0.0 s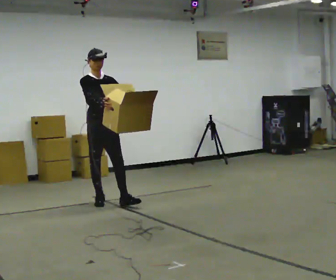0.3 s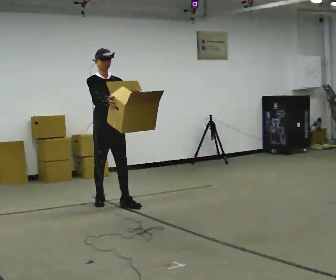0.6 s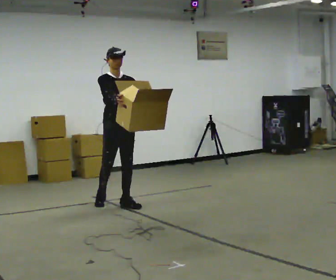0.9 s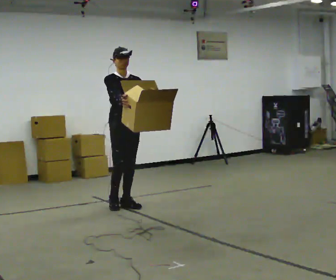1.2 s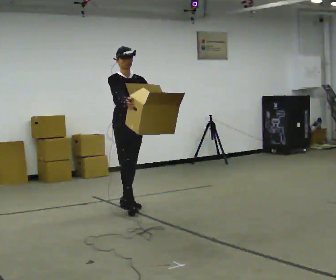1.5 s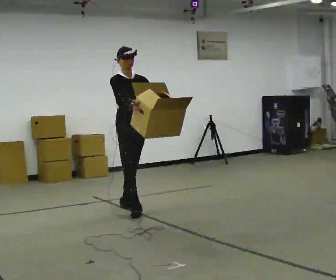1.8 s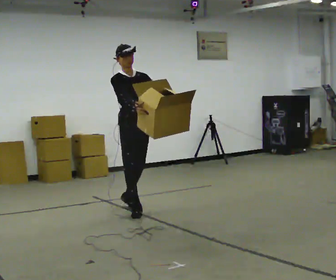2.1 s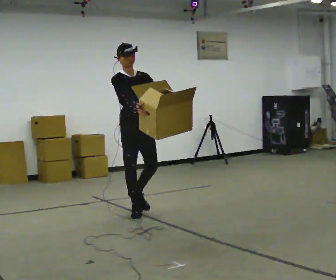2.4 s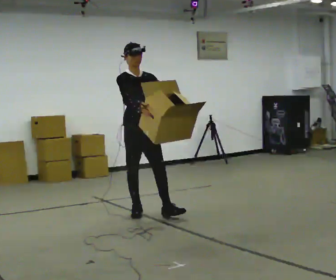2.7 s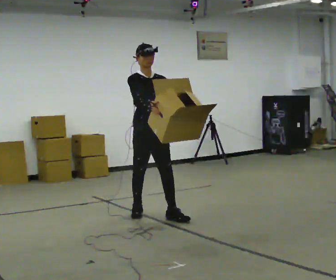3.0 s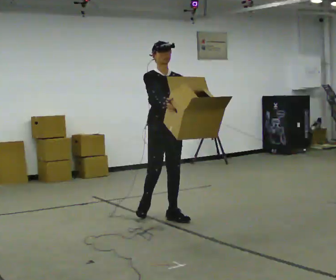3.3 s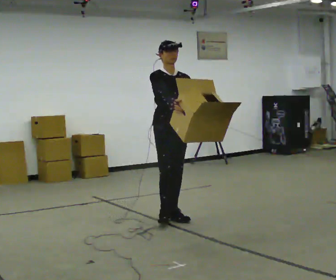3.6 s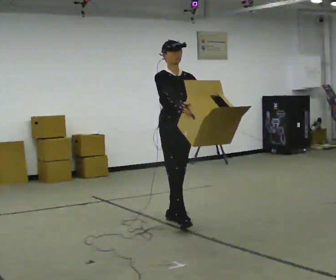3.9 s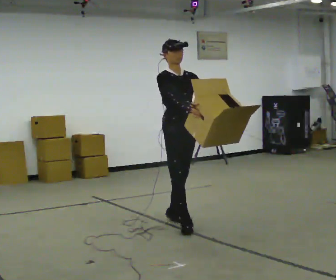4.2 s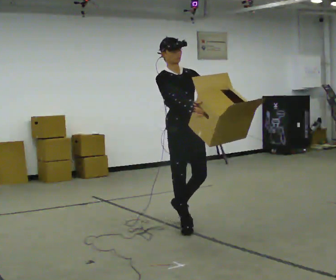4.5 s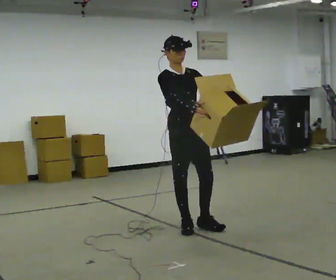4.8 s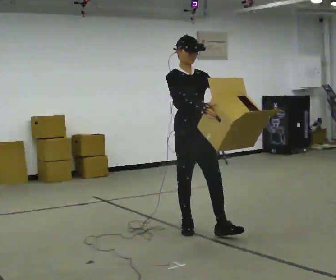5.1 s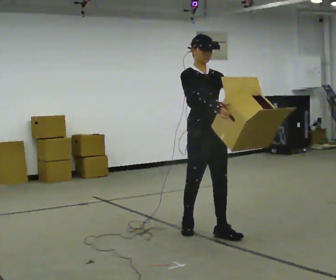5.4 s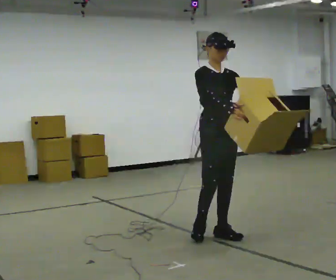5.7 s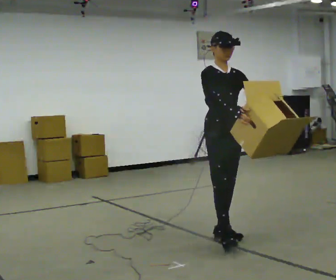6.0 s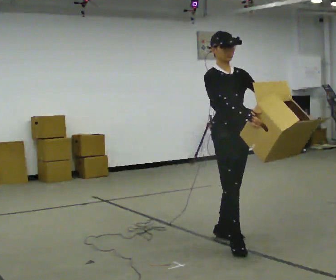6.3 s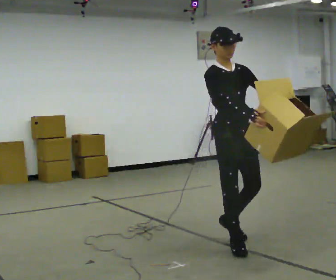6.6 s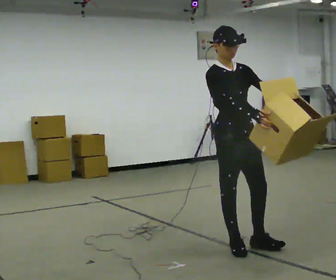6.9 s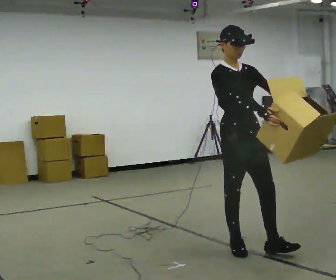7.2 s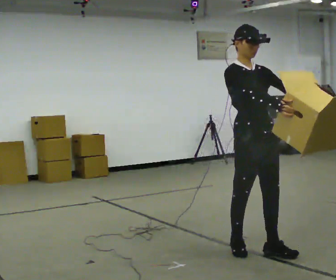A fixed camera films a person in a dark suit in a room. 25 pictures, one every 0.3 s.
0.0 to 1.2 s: In the picture they go to the right and toward the camera, about 0.25 m, which for them is forward and to their left.
1.2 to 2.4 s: In the picture they go toward the camera, about 0.5 m in 1 step, which for them is forward.
2.4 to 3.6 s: In the picture they go to the right and toward the camera, about 0.5 m in 1 step, which for them is forward and to their left.
3.6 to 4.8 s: In the picture they go toward the camera, about 0.5 m in 2 steps, which for them is forward.
4.8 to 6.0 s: In the picture they go toward the camera and to the right, about 0.5 m in 1 step, which for them is forward.
6.0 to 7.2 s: In the picture they go toward the camera and to the right, about 0.25 m in 1 step, which for them is forward.
The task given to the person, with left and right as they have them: Carry the object across the room. The lid hangs loose and will swing, so carry it however works. Keep going until the operator says stop; one object at a time, and do not rush between trips.
The film runs forward here.
